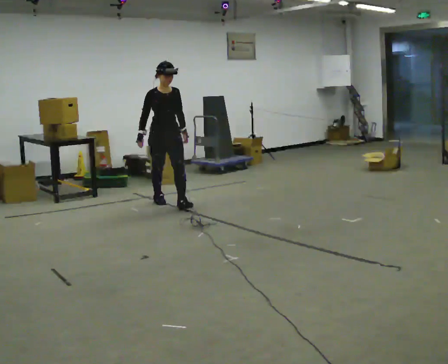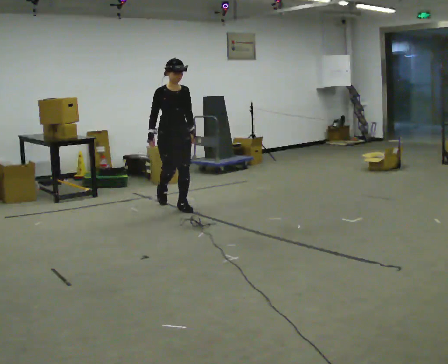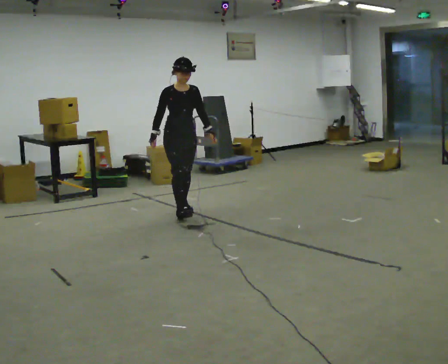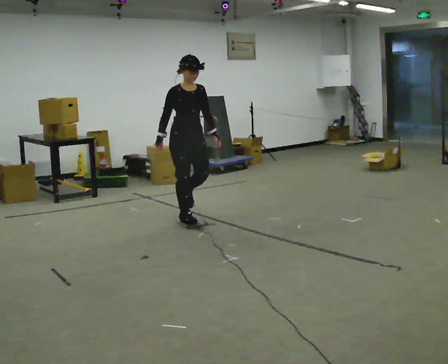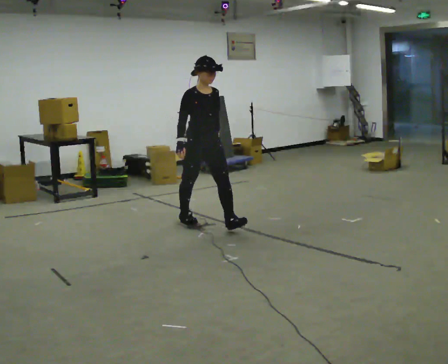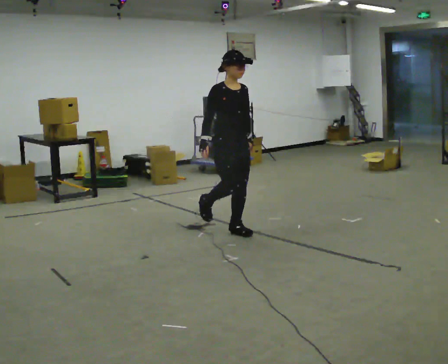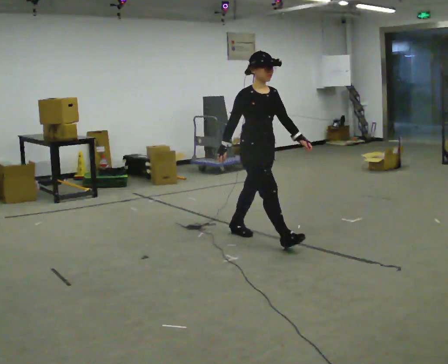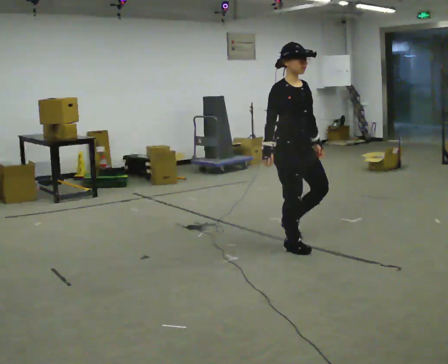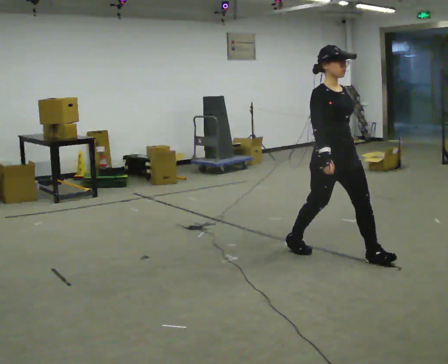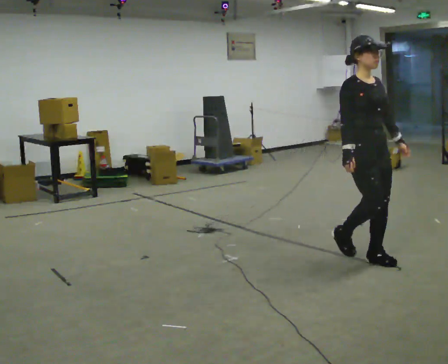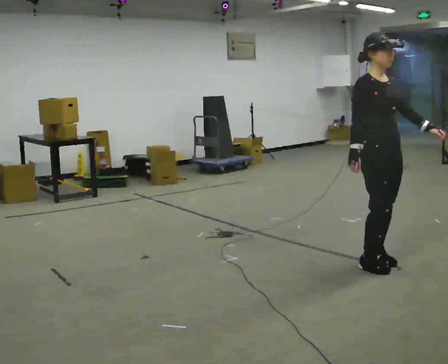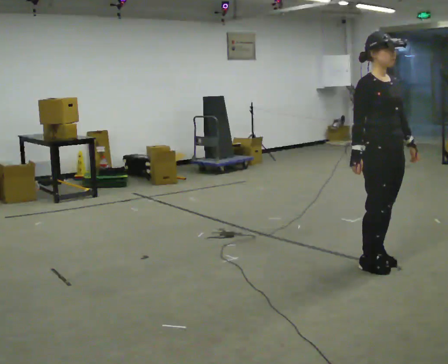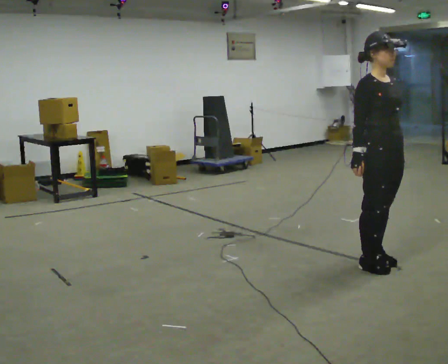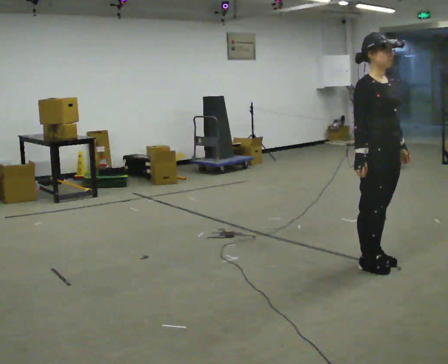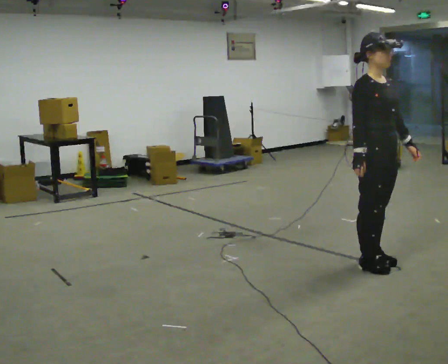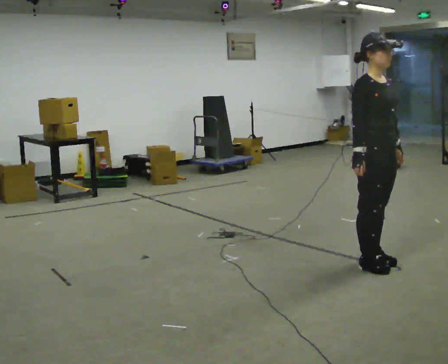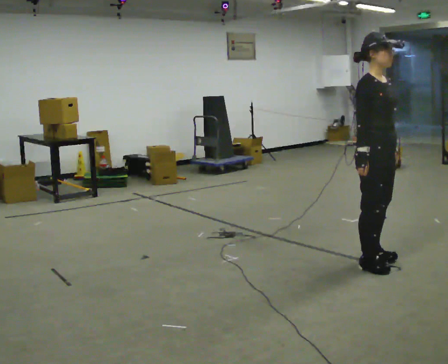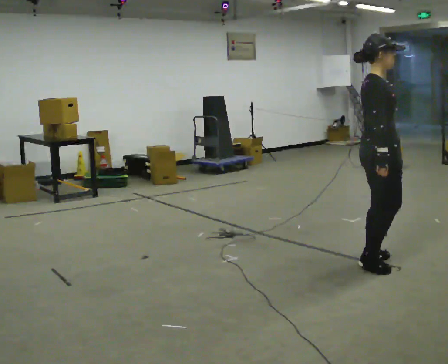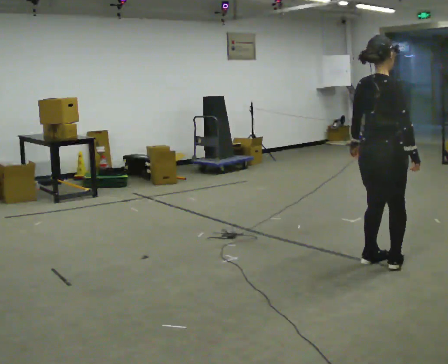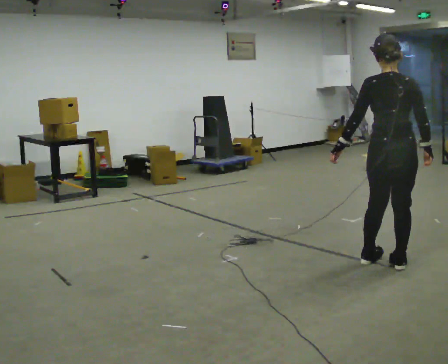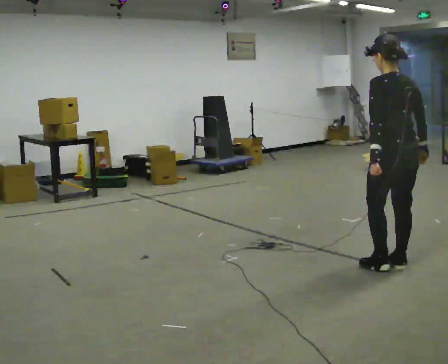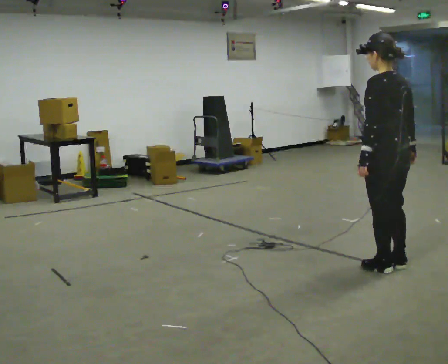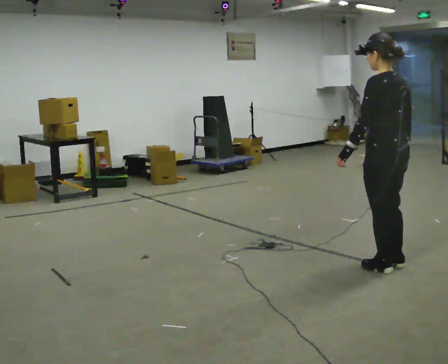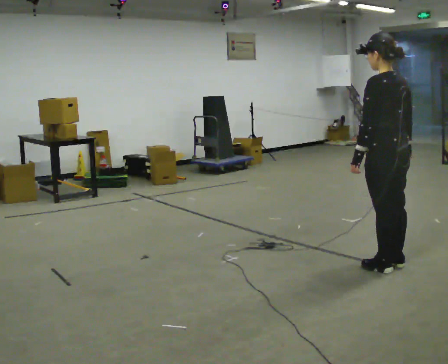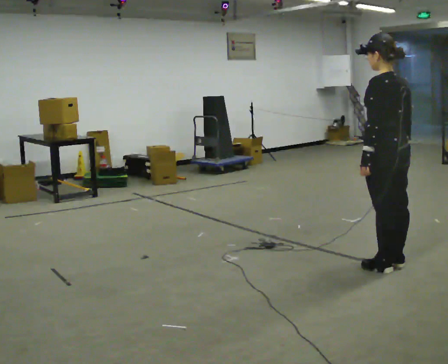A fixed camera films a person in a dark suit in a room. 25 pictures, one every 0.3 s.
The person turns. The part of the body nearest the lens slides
to the right.
The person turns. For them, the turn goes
to their left.
0.0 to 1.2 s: In the picture they go toward the camera and to the right, about 1 m in 1 step, which for them is forward.
1.2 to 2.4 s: In the picture they go to the right and toward the camera, about 1.5 m in 3 steps, which for them is forward.
2.4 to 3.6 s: In the picture they go to the right and toward the camera, about 0.5 m in 1 step, which for them is forward.
3.6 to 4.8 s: The person moves a little, or ends about where they began.
4.8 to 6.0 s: The part of the body nearest the lens slides to the right as the person turns to their left by about 150 degrees. In the picture they go to the right, about 0.25 m in 1 step.
6.0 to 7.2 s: The person moves a little, or ends about where they began.
The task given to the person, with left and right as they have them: Walk normally; at marked point stop as quickly as comfortably possible; remain still.
The film runs forward here.
